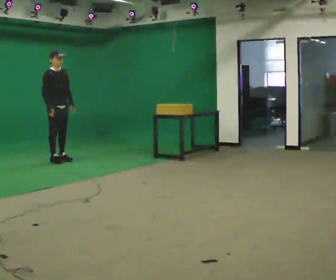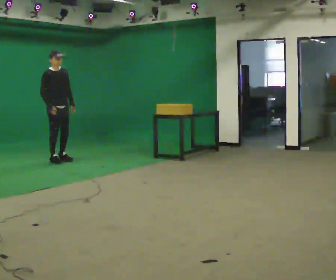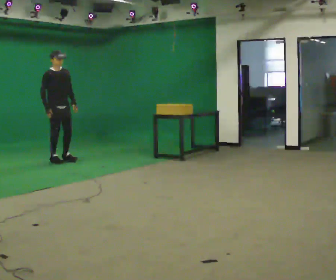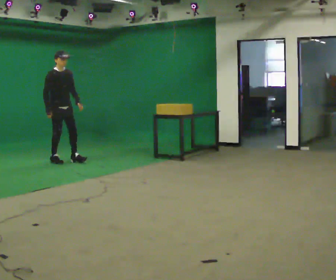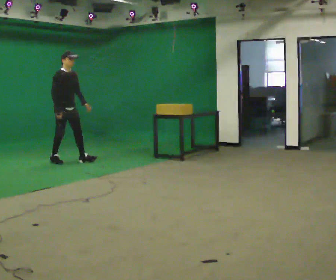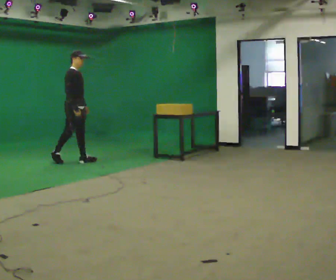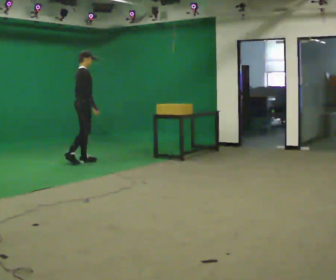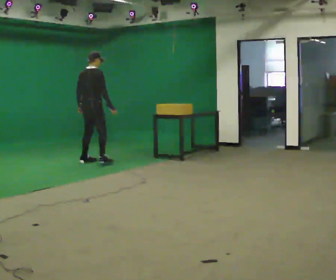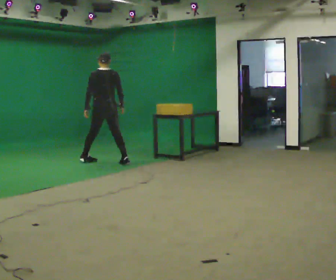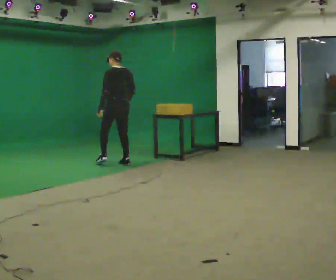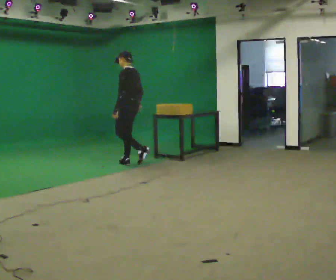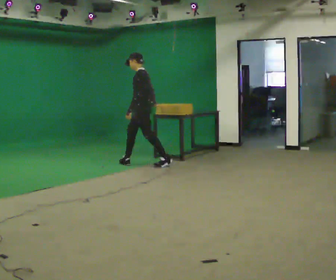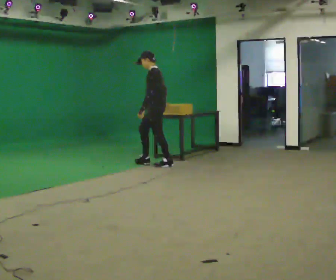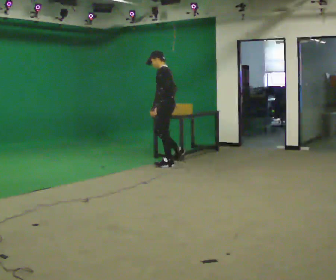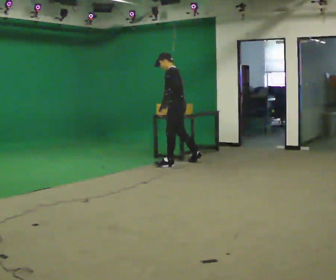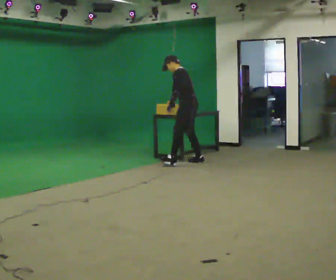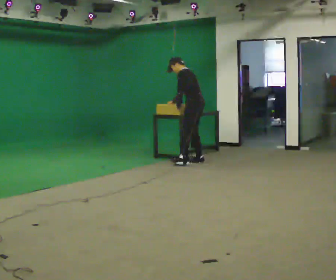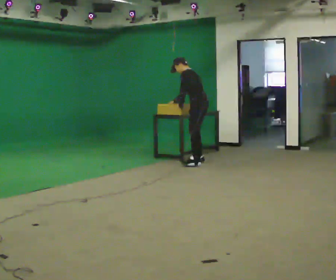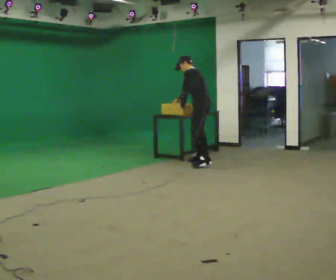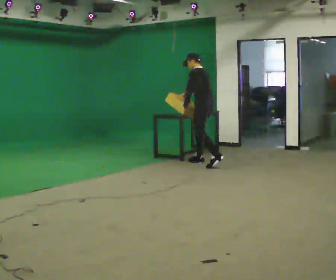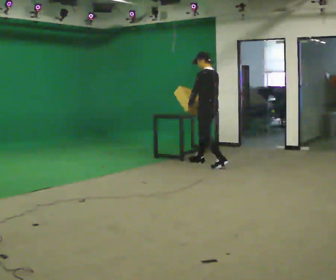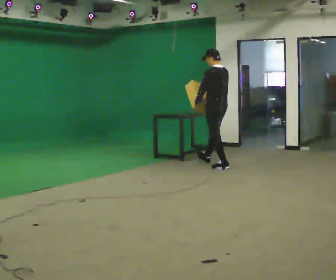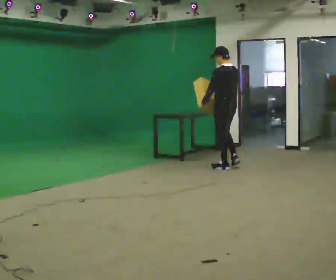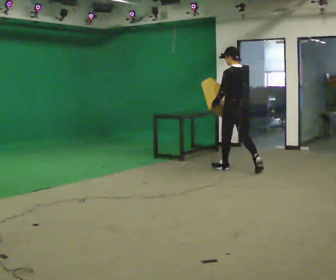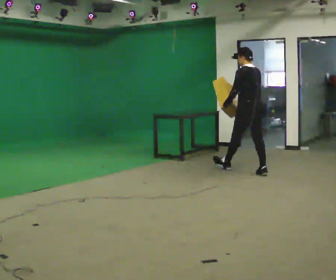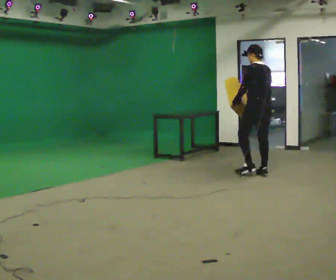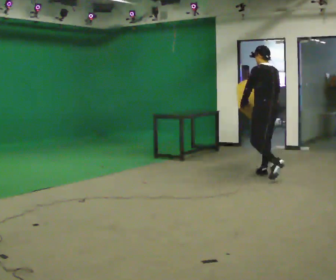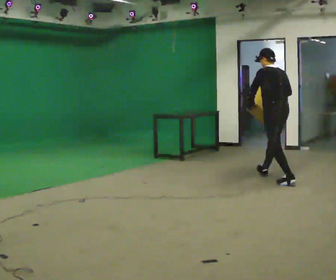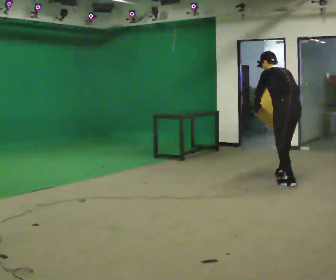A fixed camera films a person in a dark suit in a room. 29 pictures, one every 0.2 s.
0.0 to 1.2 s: The person turns about 45 degrees to their left, counterclockwise seen from above, so the part of the body nearest the lens slides to the right. In the picture they go to the right, about 0.5 m in 2 steps, which for them is forward and to their left.
1.2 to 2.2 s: The person turns about 165 degrees to their left, counterclockwise seen from above, so the part of the body nearest the lens slides to the right. In the picture they go to the right, about 1 m in 1 step.
2.2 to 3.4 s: In the picture they go to the right, about 1 m in 2 steps, which for them is backward. In the picture the upper body tilts counterclockwise, shoulders to the left, as they bend forward.
3.4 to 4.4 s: The part of the body nearest the lens slides to the left as the person turns to their right by about 30 degrees. In the picture they go toward the camera and to the right, about 0.5 m in 1 step, which for them is backward and to their left. In the picture the upper body tilts clockwise, shoulders to the right, as they lean back or straighten.
4.4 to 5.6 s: In the picture they go toward the camera and to the right, about 1 m in 2 steps, which for them is backward. The upper body tips away from the camera, its near side rolling upward, as they bend forward.
The film runs backward here.
